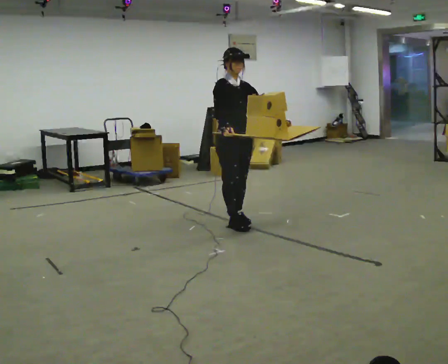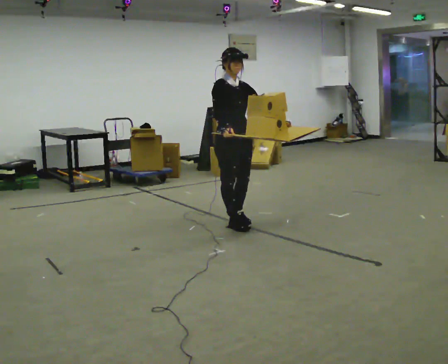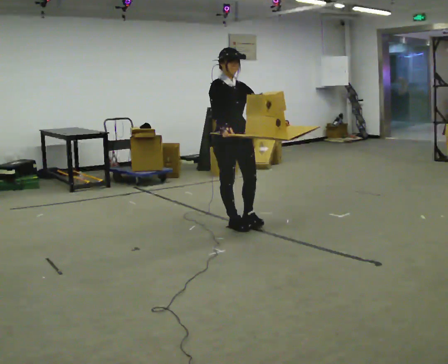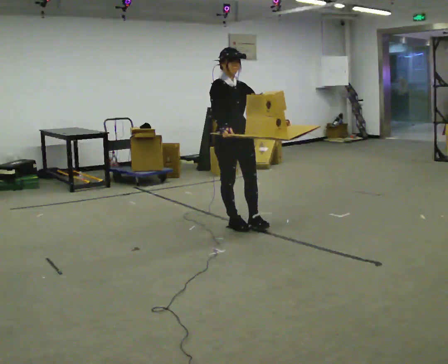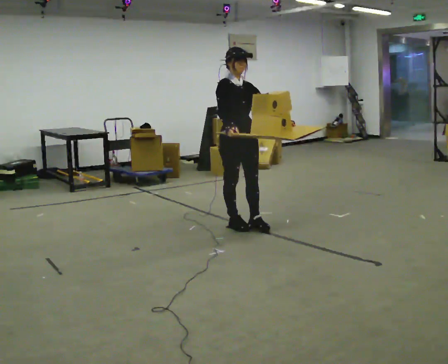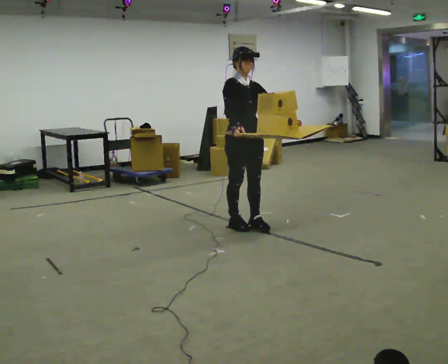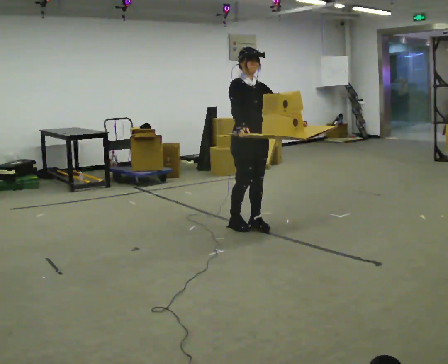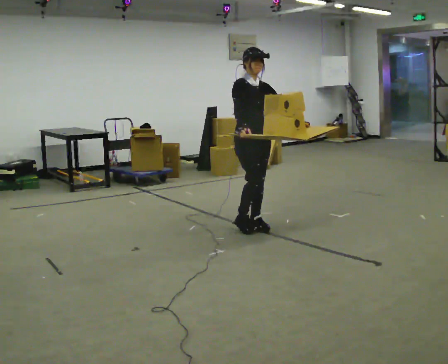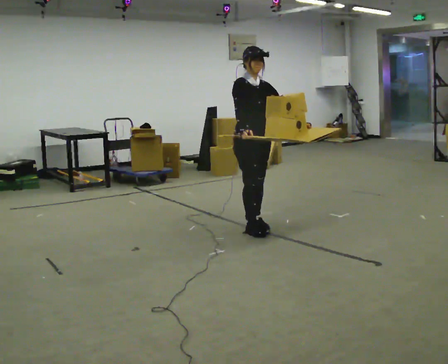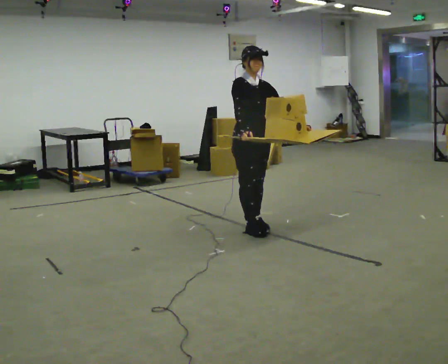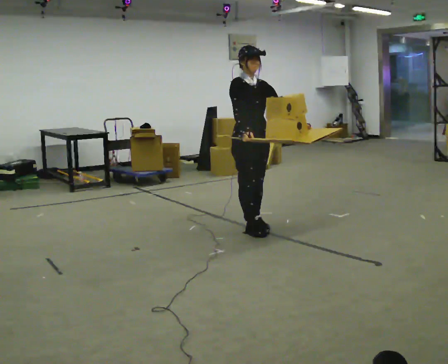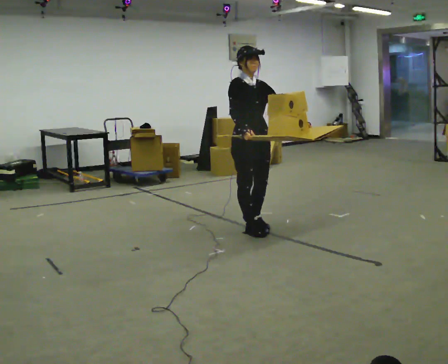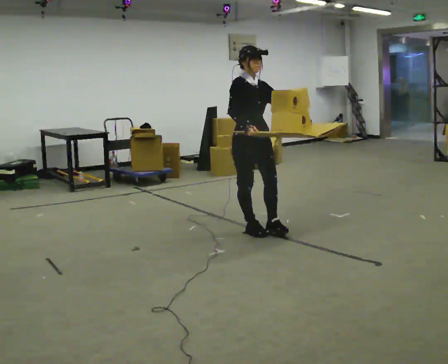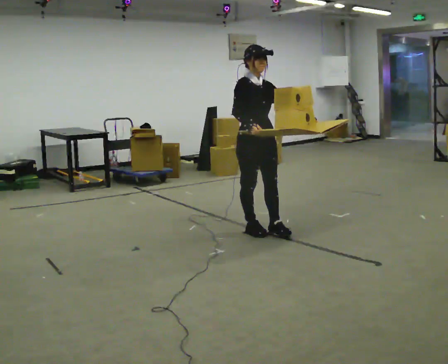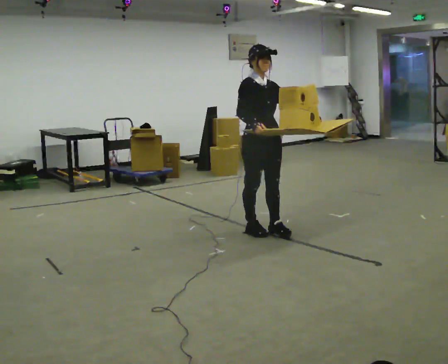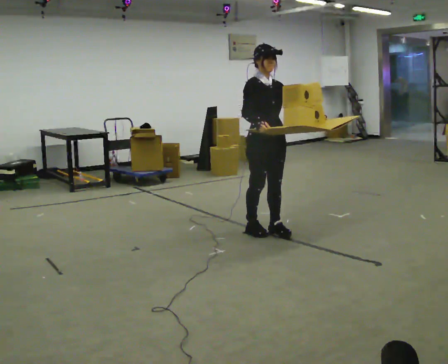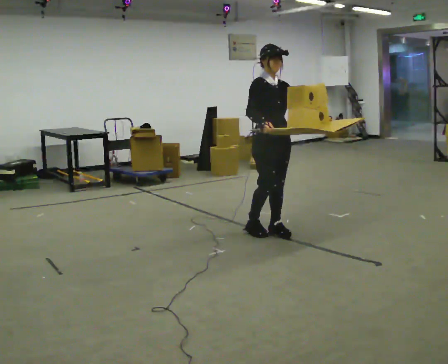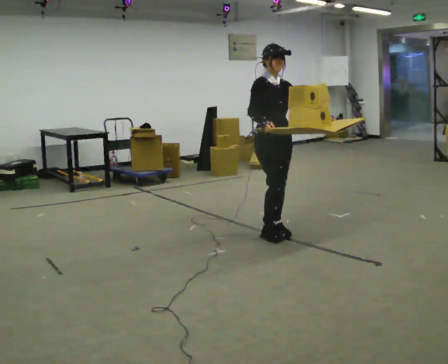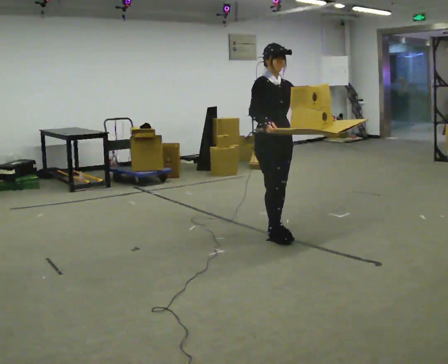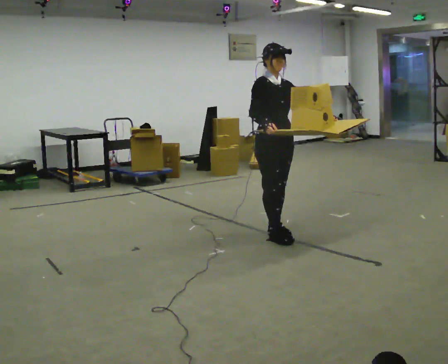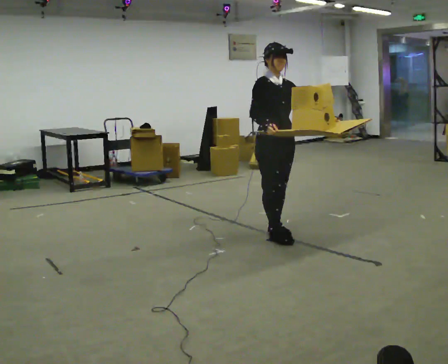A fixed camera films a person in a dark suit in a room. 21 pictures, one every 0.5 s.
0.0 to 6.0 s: In the picture they go toward the camera and to the right, about 0.25 m in 3 steps, which for them is forward.
6.0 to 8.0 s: In the picture they go to the right, about 0.25 m, which for them is forward.
8.0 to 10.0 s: The person moves a little, or ends about where they began.
The film runs forward here.
